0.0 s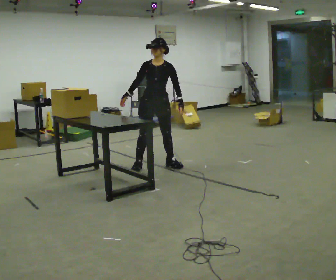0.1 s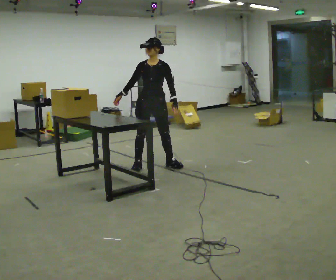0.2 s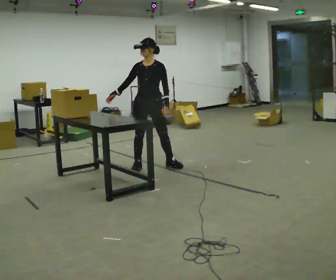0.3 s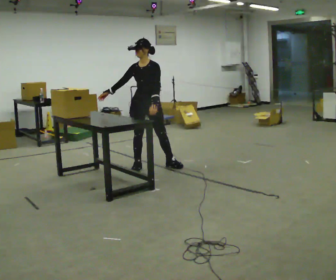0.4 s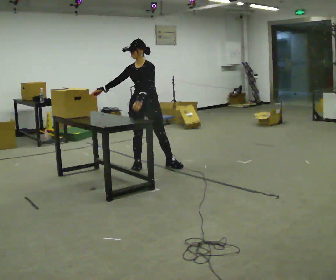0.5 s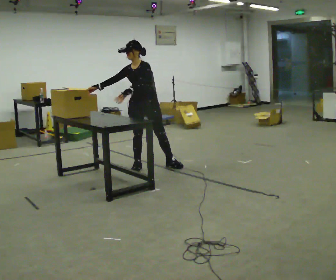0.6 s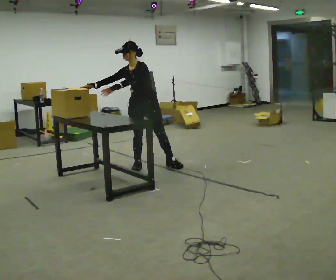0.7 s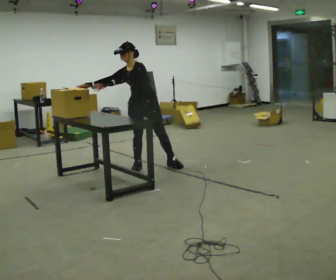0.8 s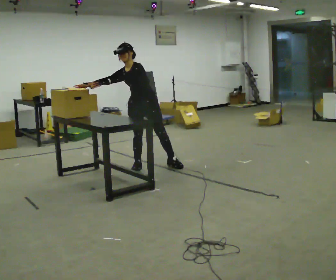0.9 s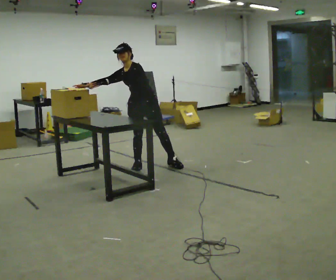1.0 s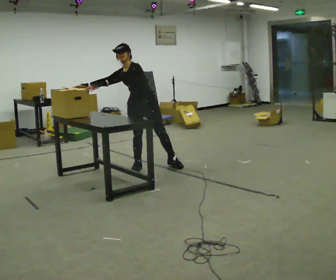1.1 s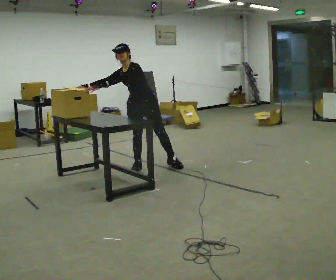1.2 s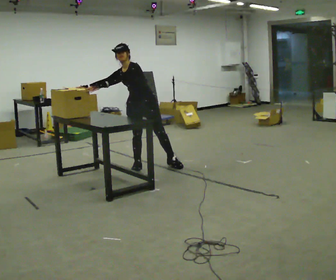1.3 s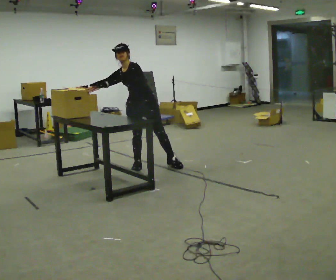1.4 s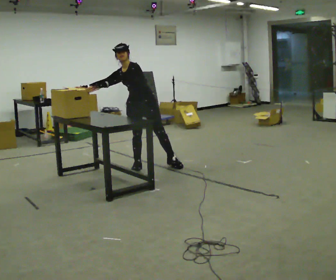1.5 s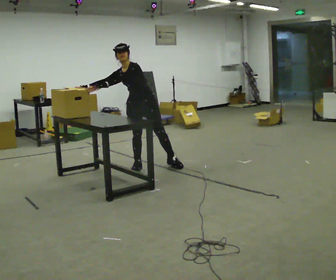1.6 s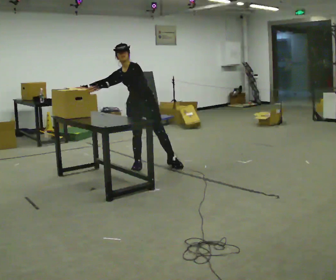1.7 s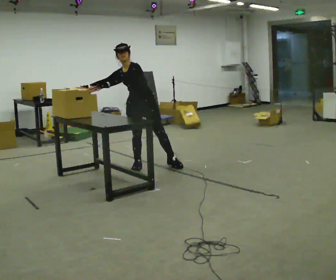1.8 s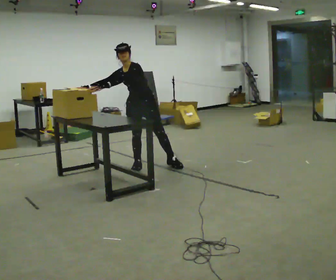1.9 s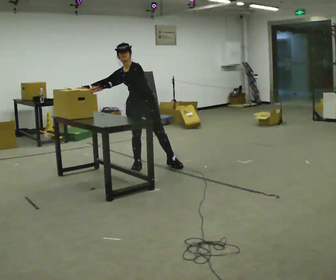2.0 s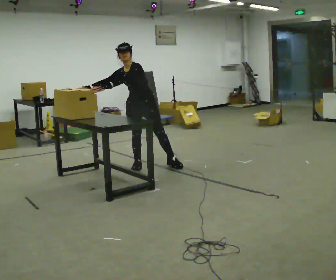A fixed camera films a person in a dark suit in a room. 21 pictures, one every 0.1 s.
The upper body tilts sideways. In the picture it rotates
counterclockwise.
0.0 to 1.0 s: The person turns about 30 degrees to their right, clockwise seen from above, so the part of the body nearest the lens slides to the left. In the picture the upper body tilts counterclockwise, shoulders to the left, as they bend forward. In the picture their left hand goes to the left.
1.0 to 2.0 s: The person moves a little, or ends about where they began.
The film runs forward here.
